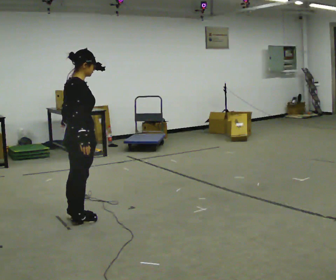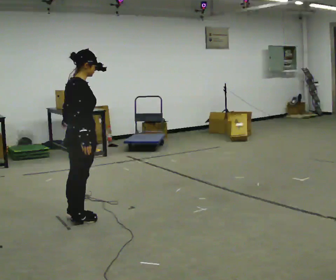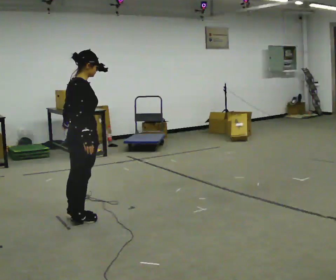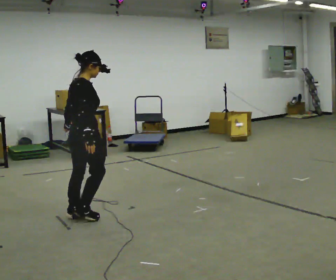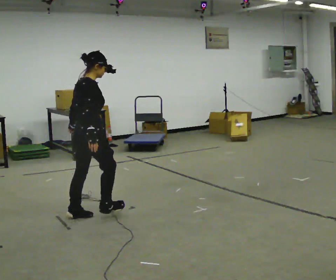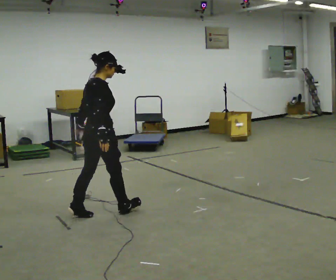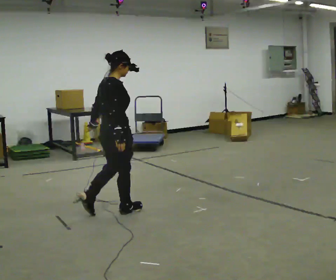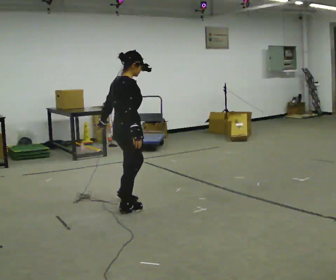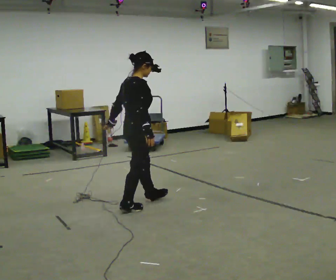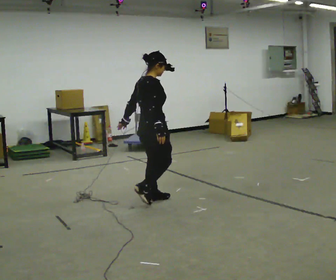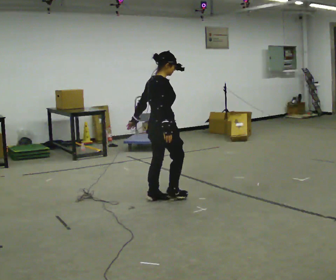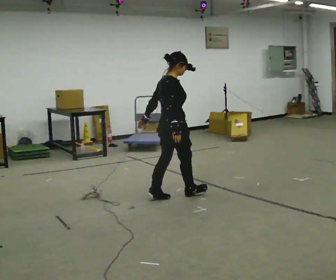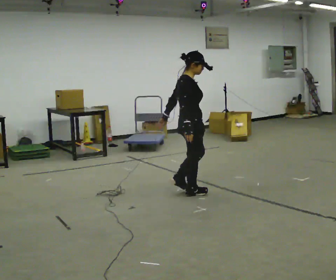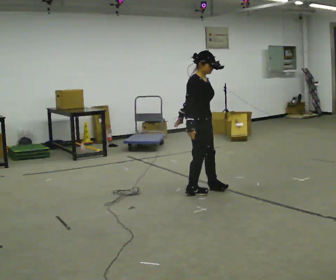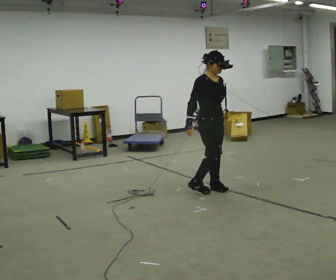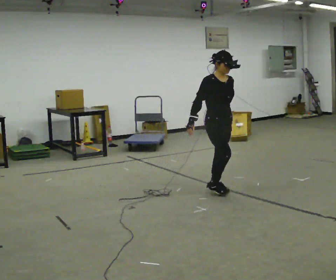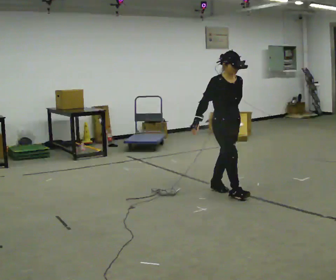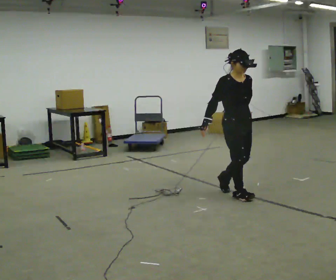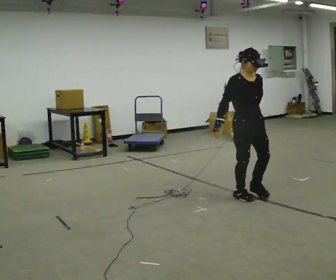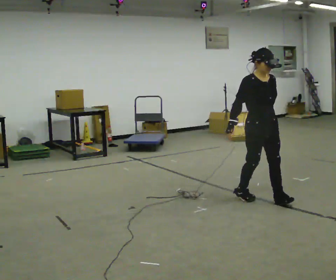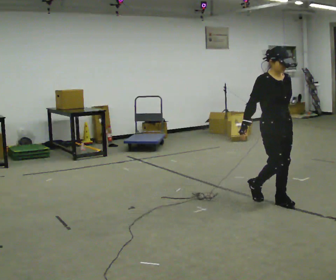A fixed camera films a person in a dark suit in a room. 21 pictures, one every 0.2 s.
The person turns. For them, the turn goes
to their right.
The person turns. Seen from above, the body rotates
clockwise.
0.0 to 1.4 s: In the picture they go to the right and away from the camera, about 0.5 m in 1 step, which for them is forward.
1.4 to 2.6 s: The person turns about 60 degrees to their right, clockwise seen from above, so the part of the body nearest the lens slides to the left. In the picture they go to the right and away from the camera, about 1 m in 3 steps.
2.6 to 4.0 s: Seen from above the body turns clockwise, about 30 degrees: to their right, with its near side sliding to the left. In the picture they go to the right and toward the camera, about 1 m in 2 steps, which for them is forward.
The film runs forward here.
